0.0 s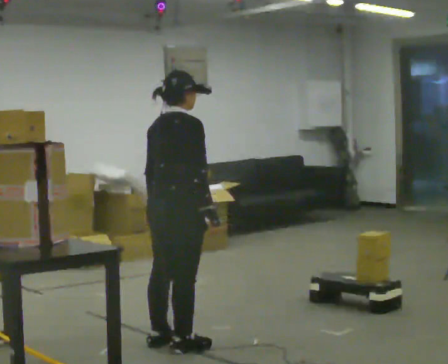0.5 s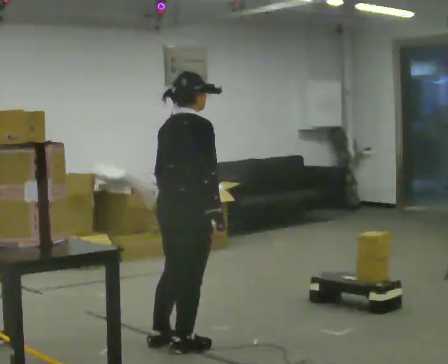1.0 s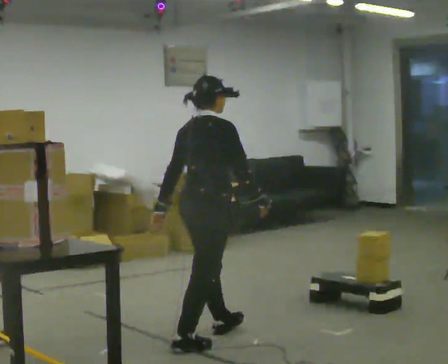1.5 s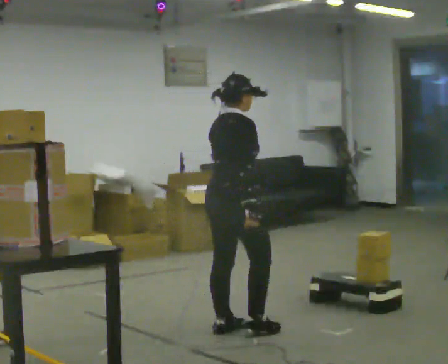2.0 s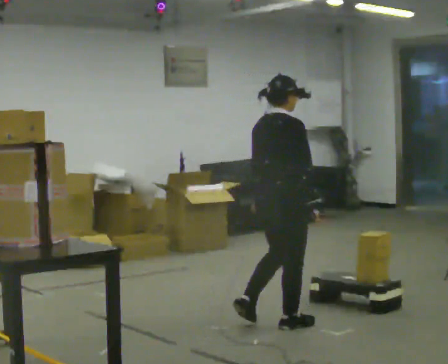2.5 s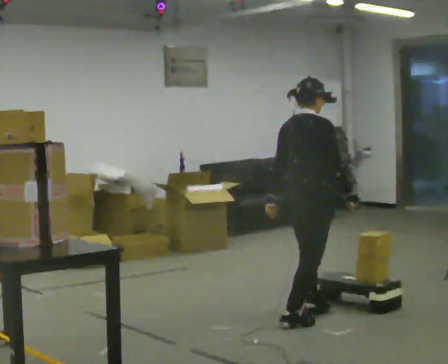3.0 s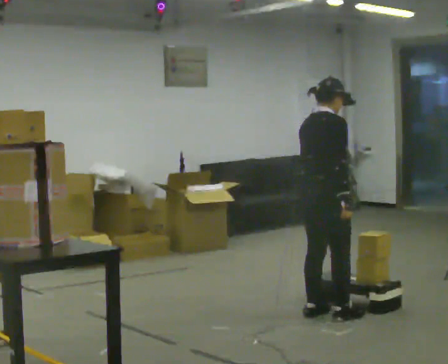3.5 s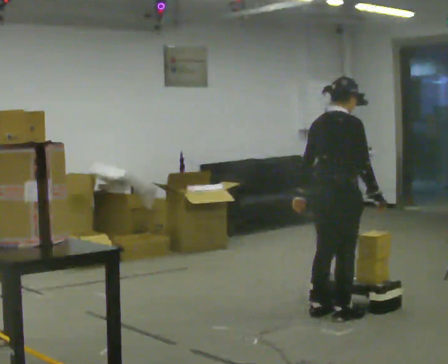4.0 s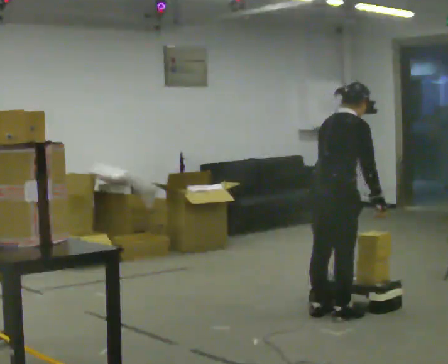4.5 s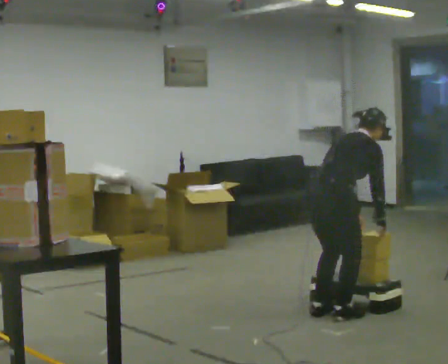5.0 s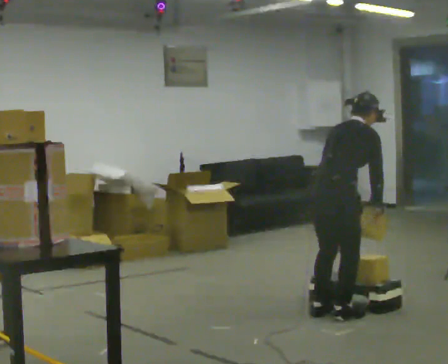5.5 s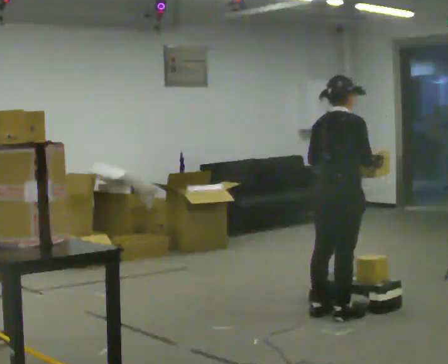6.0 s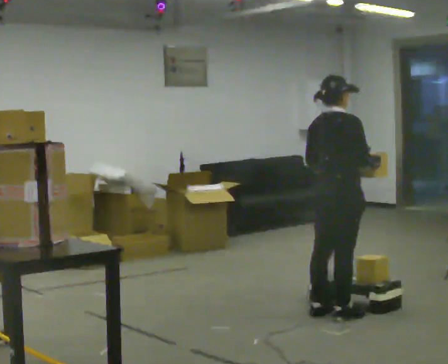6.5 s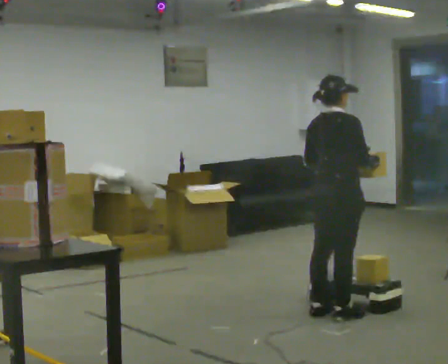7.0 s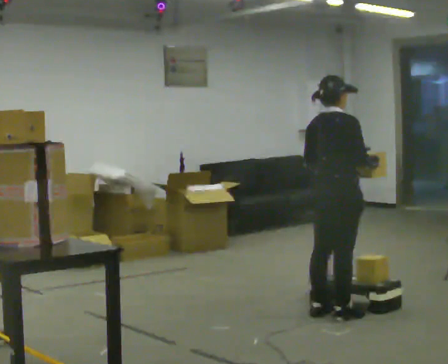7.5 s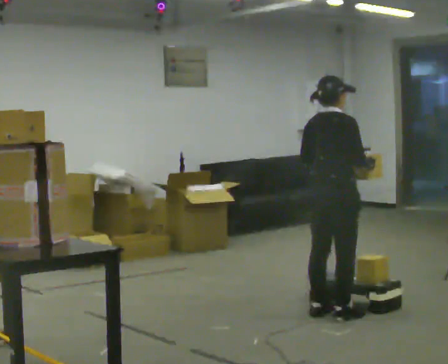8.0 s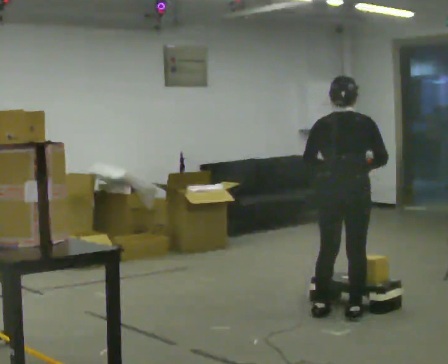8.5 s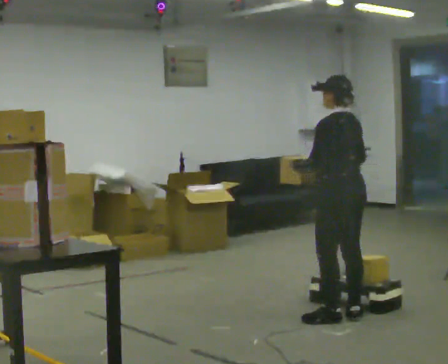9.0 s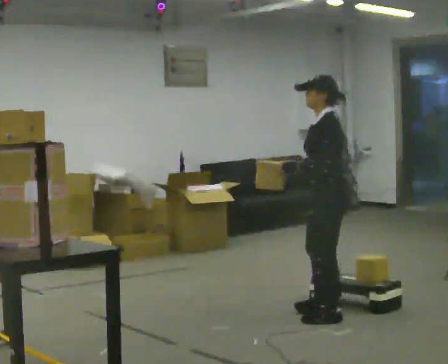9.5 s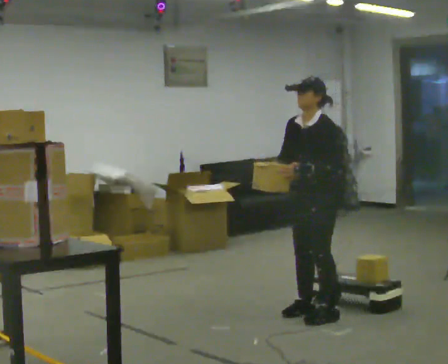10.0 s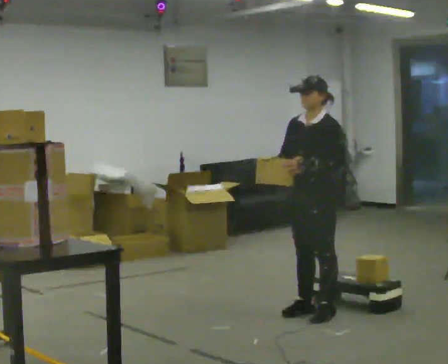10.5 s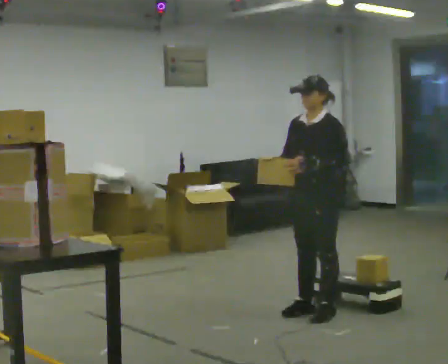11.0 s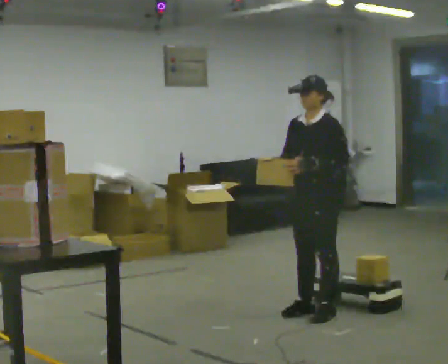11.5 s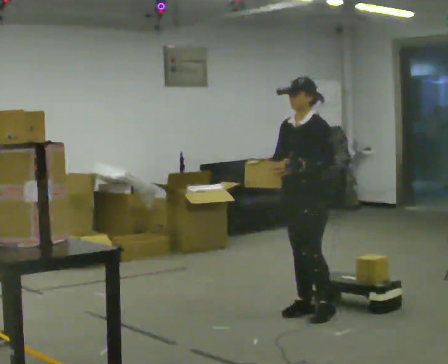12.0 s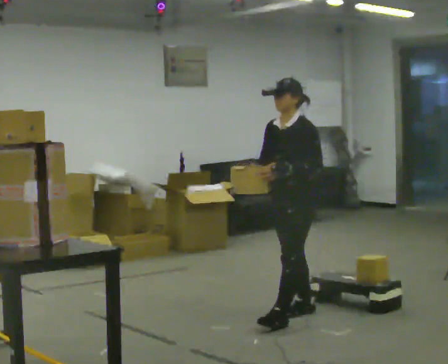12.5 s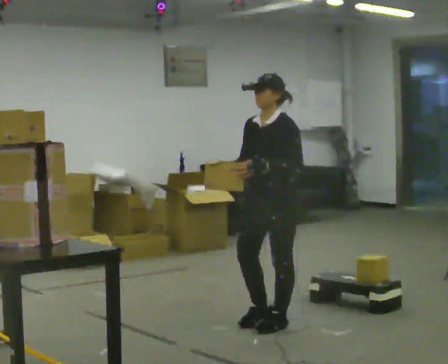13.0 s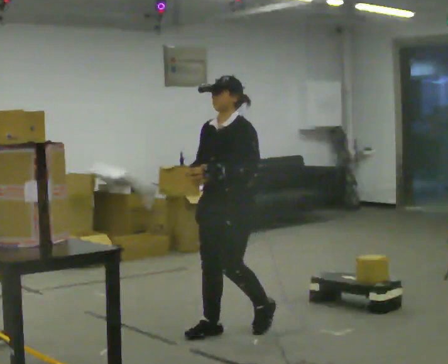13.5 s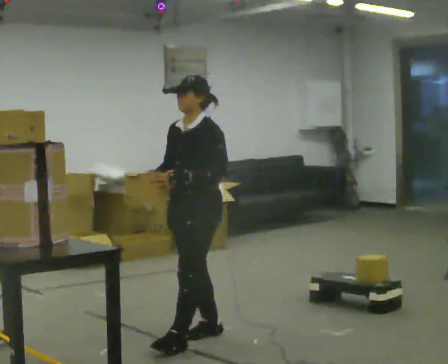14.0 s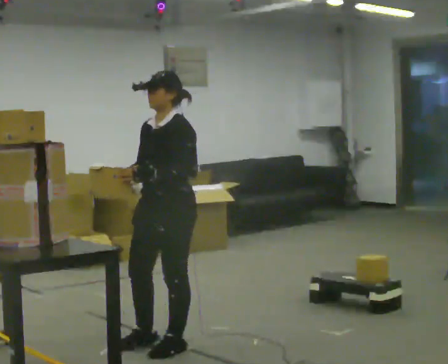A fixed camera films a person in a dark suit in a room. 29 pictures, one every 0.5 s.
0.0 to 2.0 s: In the picture they go to the right and away from the camera, about 1 m in 2 steps, which for them is forward.
2.0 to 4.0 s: In the picture they go to the right and away from the camera, about 0.5 m in 2 steps, which for them is forward. In the picture the upper body tilts clockwise, shoulders to the right, as they bend forward.
4.0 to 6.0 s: The person moves a little, or ends about where they began.
6.0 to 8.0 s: The person turns about 45 degrees to their left, counterclockwise seen from above, so the part of the body nearest the lens slides to the right.
8.0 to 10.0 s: Seen from above the body turns counterclockwise, about 135 degrees: to their left, with its near side sliding to the right. In the picture they go to the left, about 0.25 m in 2 steps. In the picture their right hand goes to the left.
10.0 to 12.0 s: The person moves a little, or ends about where they began.
12.0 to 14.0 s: In the picture they go toward the camera and to the left, about 1 m in 2 steps, which for them is forward.
The film runs forward here.
